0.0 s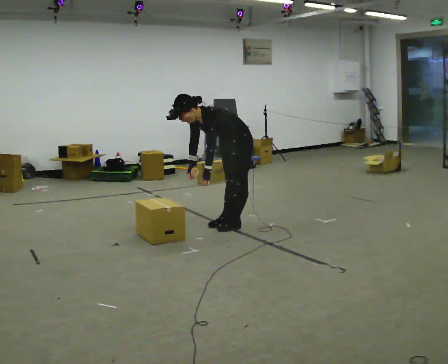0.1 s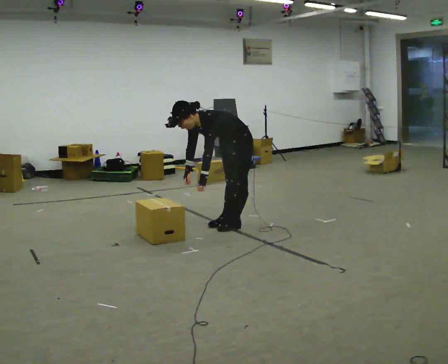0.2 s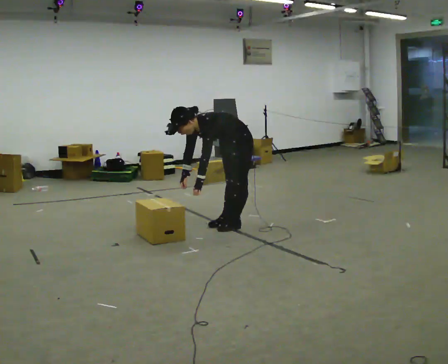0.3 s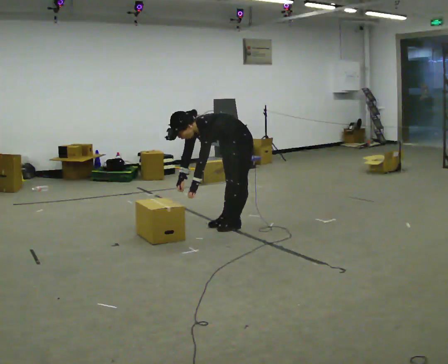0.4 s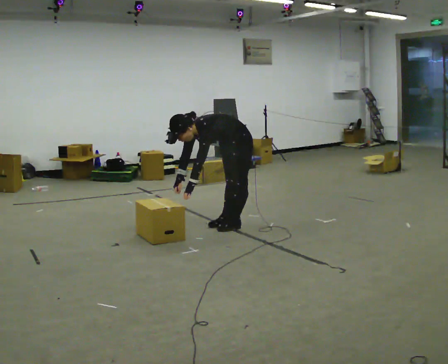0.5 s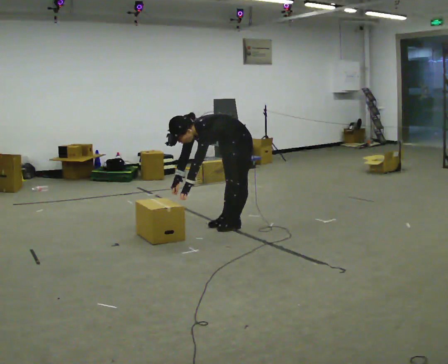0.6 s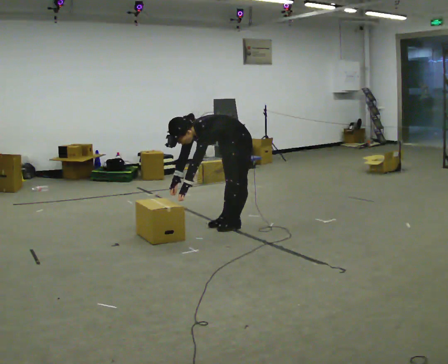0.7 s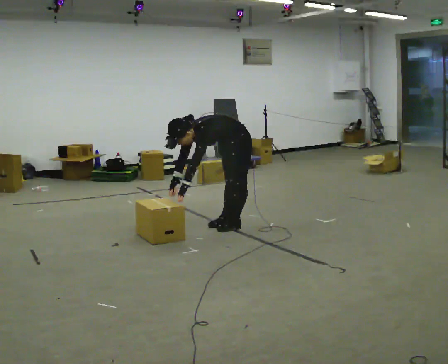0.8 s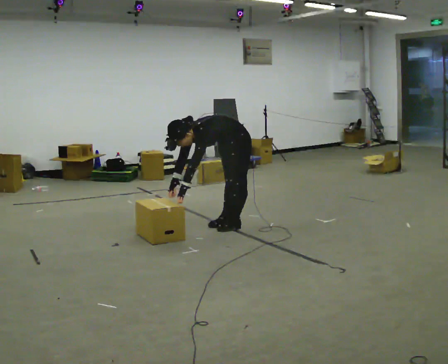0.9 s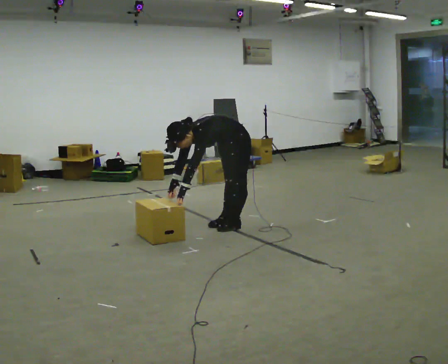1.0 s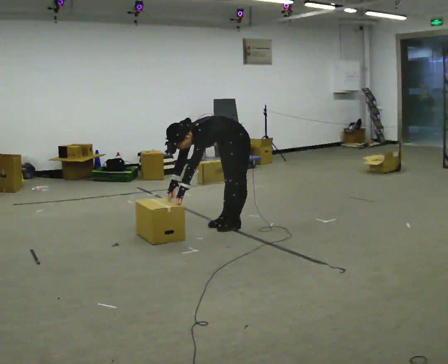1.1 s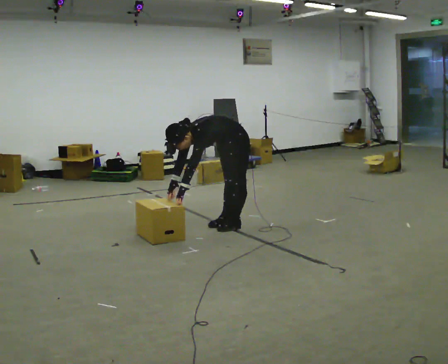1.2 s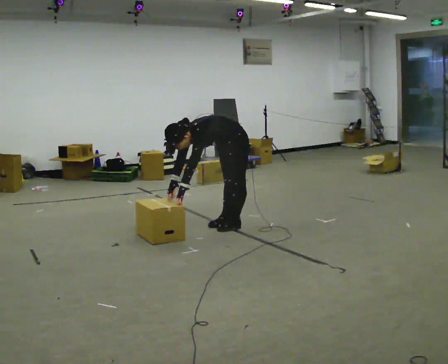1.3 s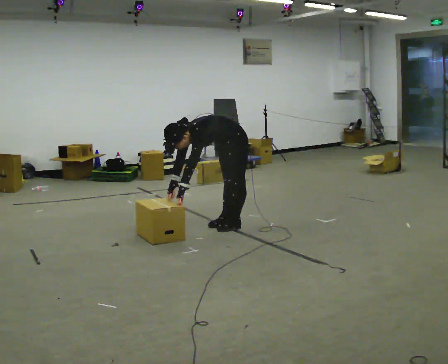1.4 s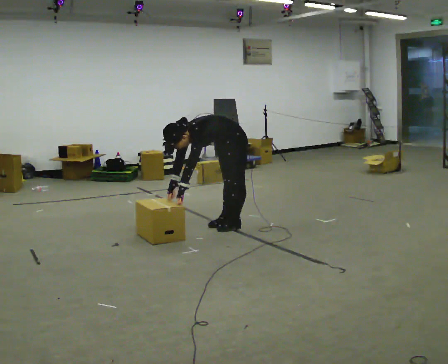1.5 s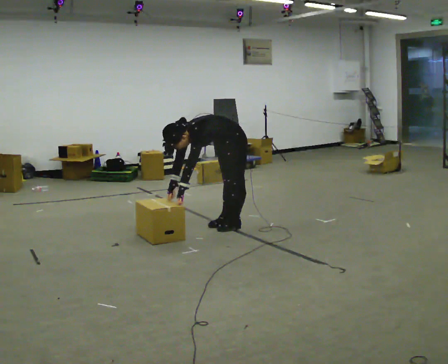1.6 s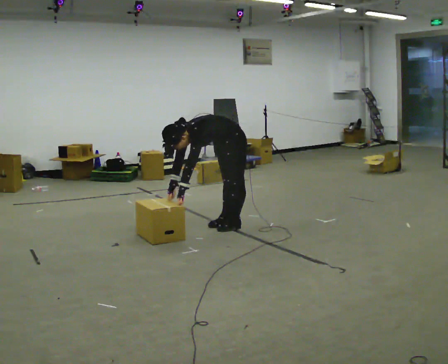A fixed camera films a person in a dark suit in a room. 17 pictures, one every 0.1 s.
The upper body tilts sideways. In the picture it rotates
counterclockwise.
0.0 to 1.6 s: In the picture the upper body tilts counterclockwise, shoulders to the left, as they bend forward.
The film runs forward here.
